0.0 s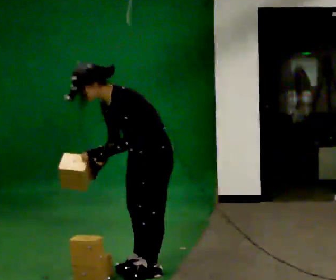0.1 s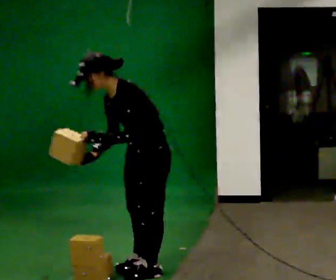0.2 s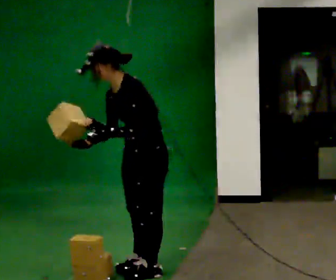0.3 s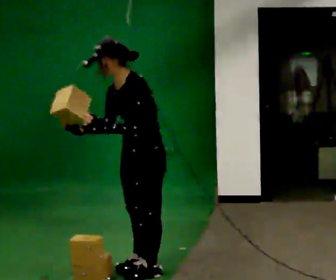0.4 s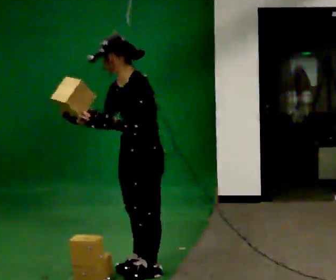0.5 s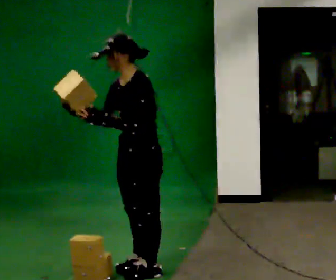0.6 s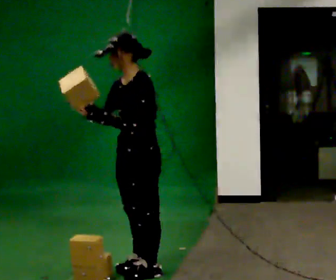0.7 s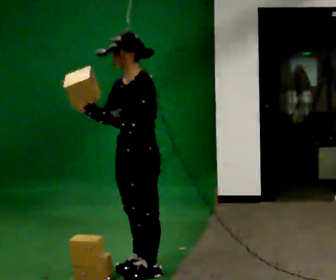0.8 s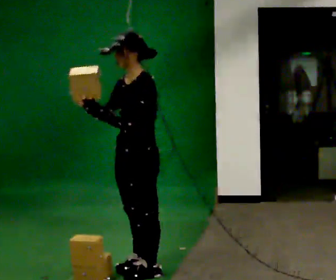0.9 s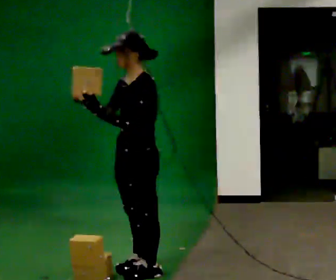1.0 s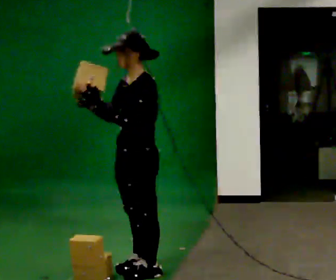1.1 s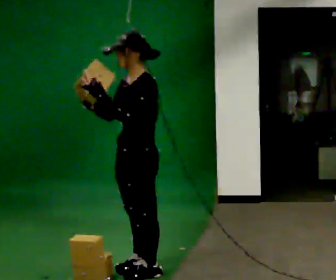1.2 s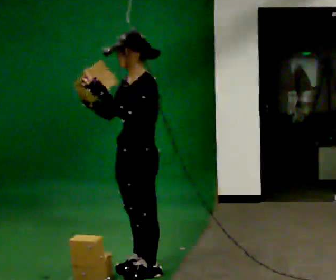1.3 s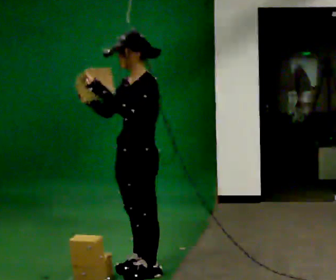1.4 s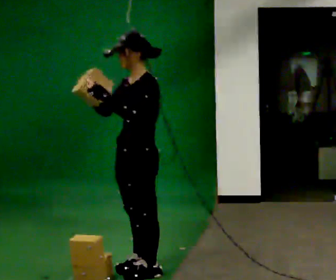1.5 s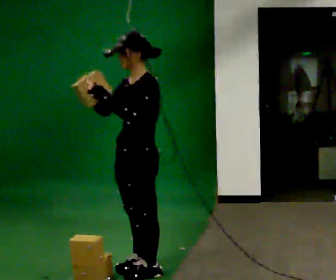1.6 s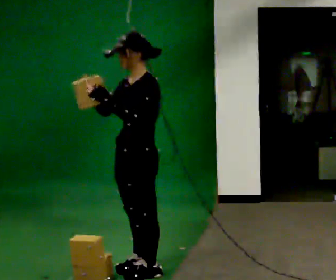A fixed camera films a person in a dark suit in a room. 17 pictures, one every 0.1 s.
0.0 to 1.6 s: In the picture the upper body tilts clockwise, shoulders to the right, as they lean back or straighten. In the picture their right hand goes upward, the arm swinging clockwise.
The film runs forward here.
